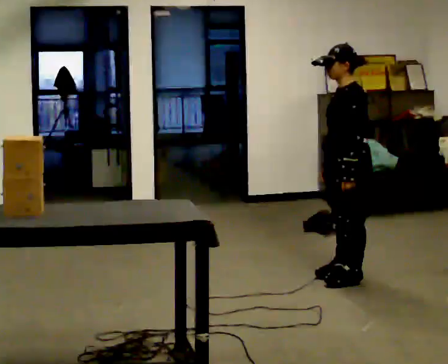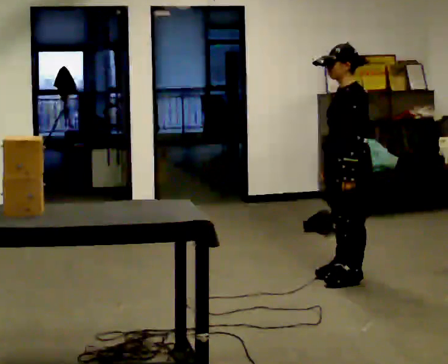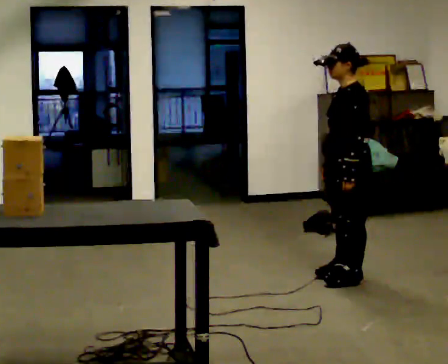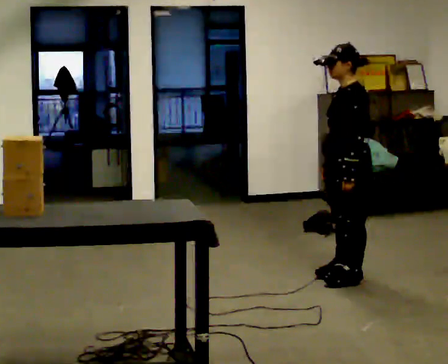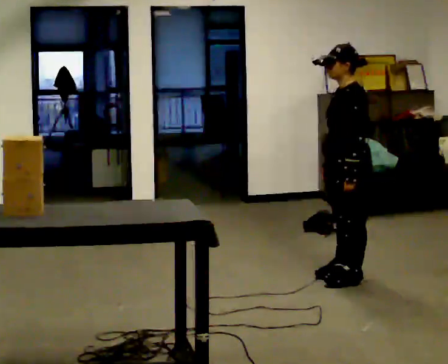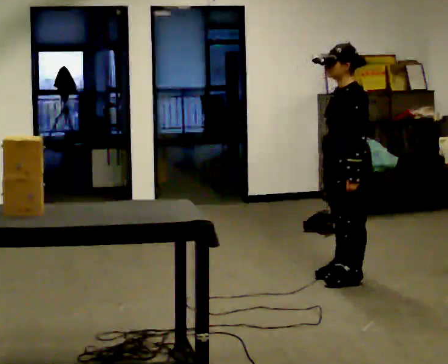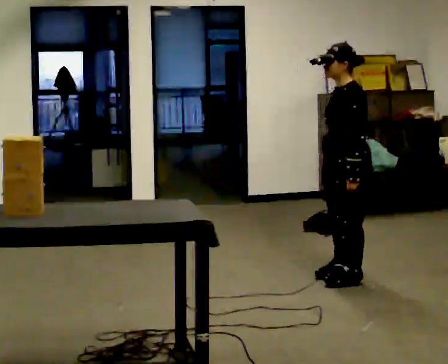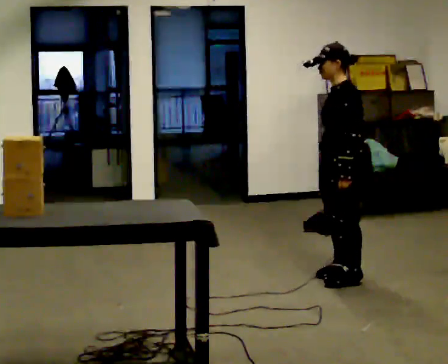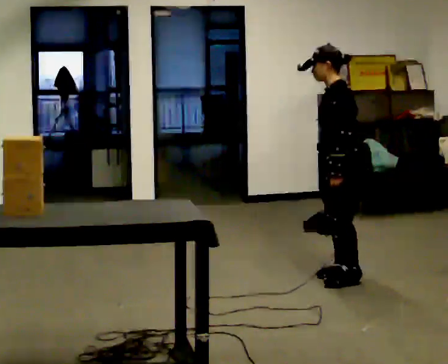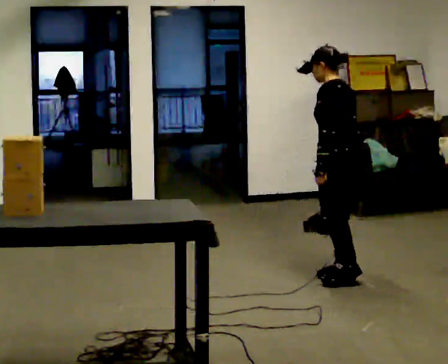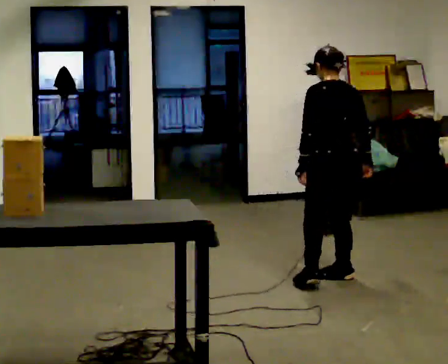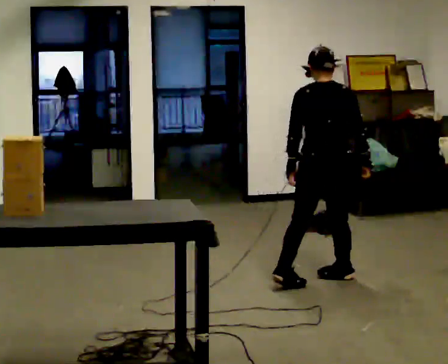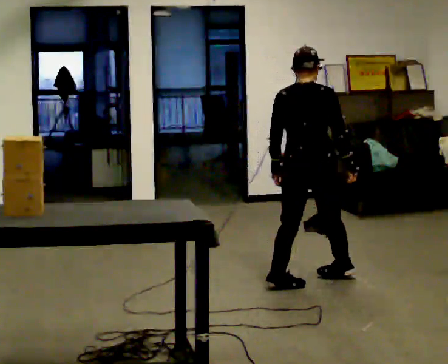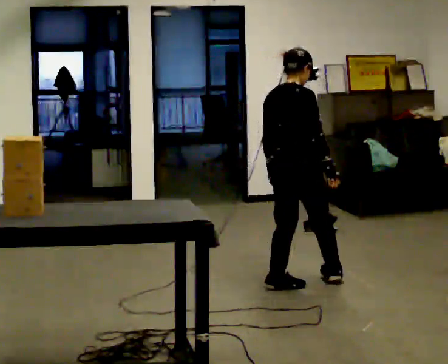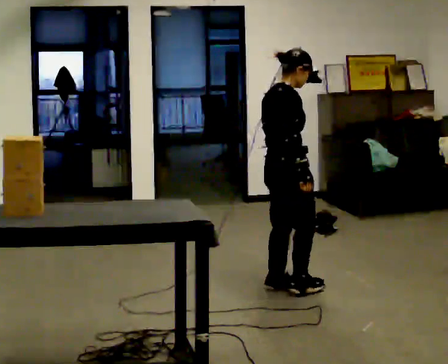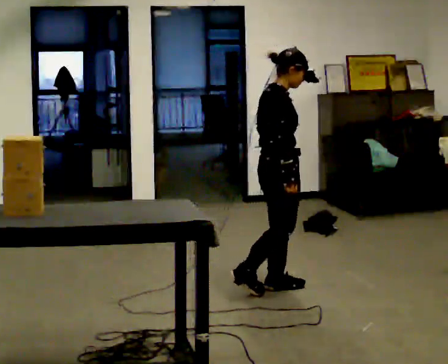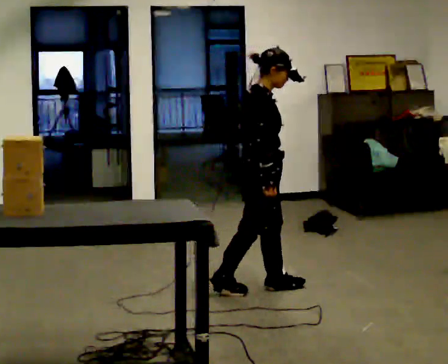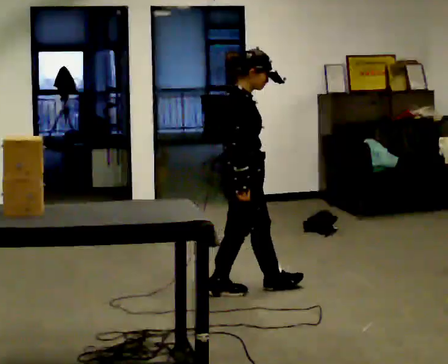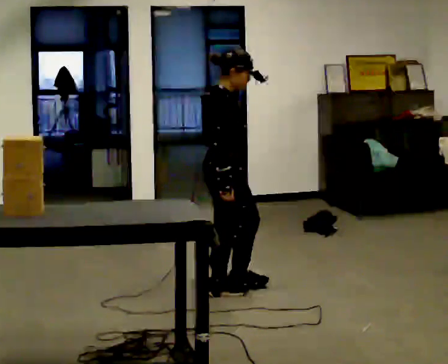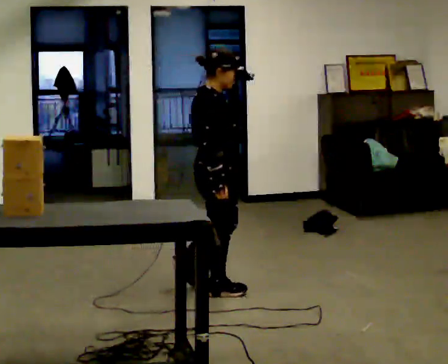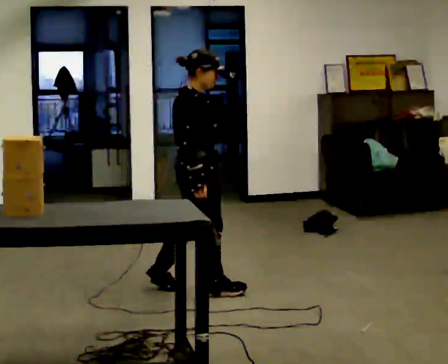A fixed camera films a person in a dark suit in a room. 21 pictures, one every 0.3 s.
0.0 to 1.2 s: The person keeps their place and pose.
1.2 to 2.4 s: The person moves a little, or ends about where they began.
2.4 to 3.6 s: The part of the body nearest the lens slides to the left as the person turns to their right by about 105 degrees. In the picture they go to the left, about 0.25 m in 1 step. In the picture their left hand goes to the left.
3.6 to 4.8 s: Seen from above the body turns clockwise, about 75 degrees: to their right, with its near side sliding to the left. In the picture they go to the left and toward the camera, about 0.25 m in 1 step.
4.8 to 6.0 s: In the picture they go to the left, about 0.5 m in 1 step, which for them is backward.
The film runs backward here.
